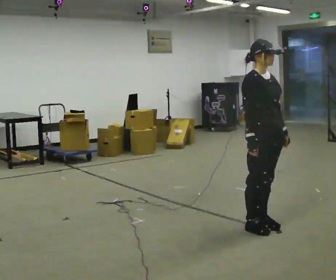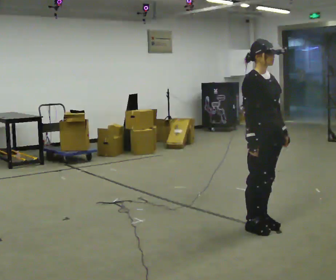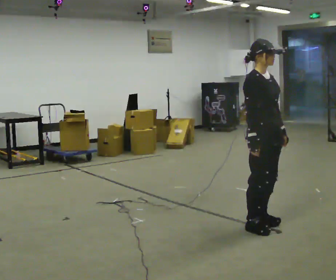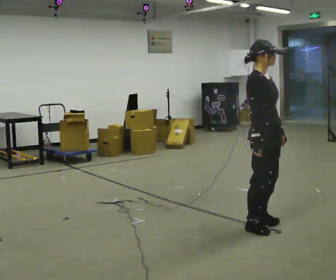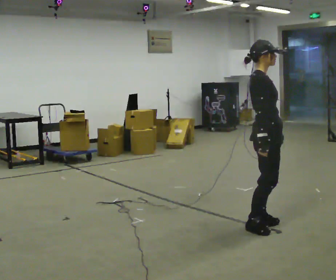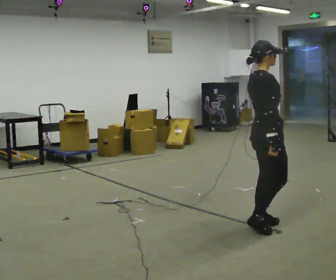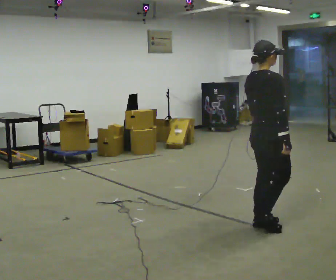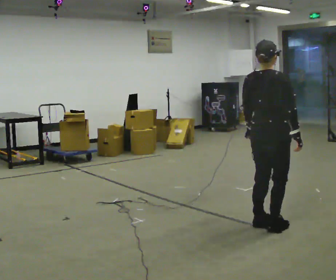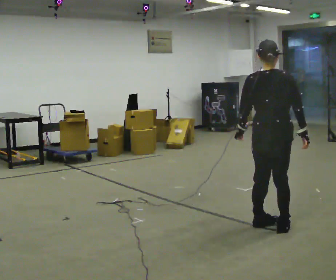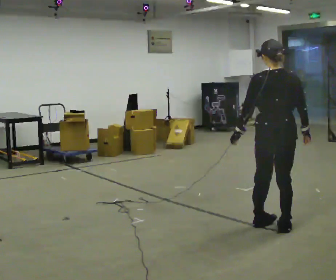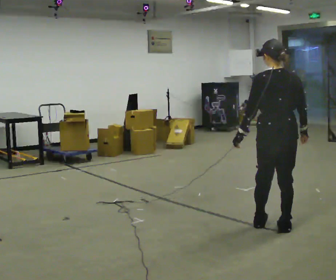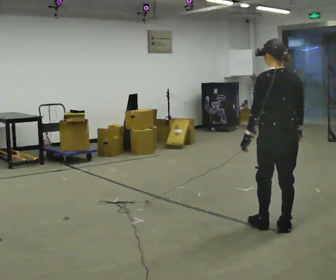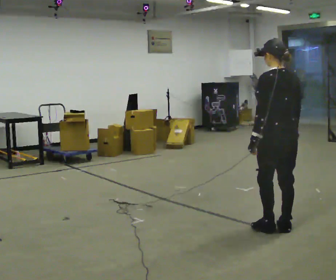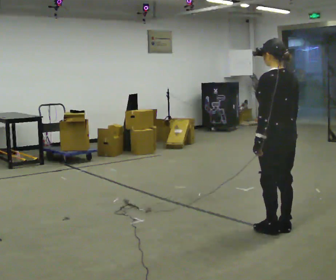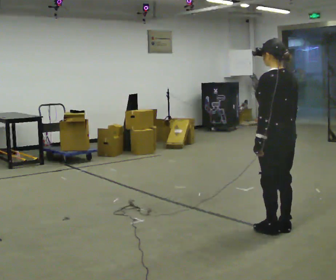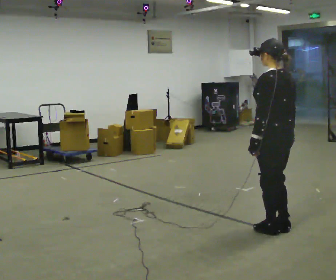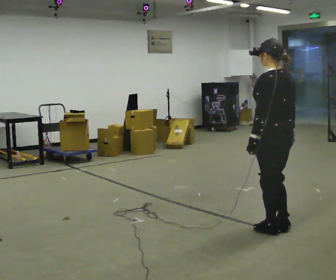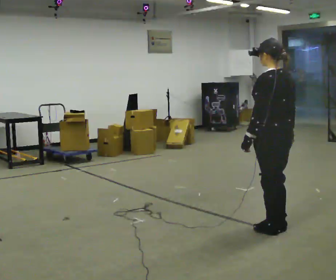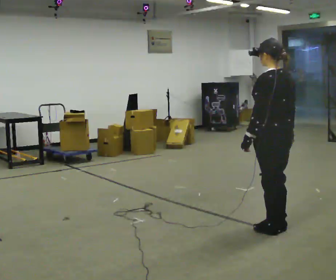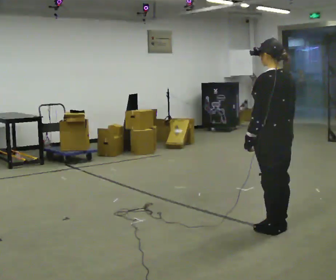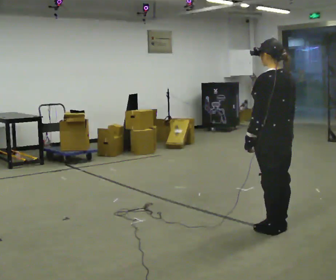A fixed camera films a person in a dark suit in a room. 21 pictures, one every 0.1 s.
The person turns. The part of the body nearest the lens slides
to the right.
The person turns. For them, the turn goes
to their left.
0.0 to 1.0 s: The part of the body nearest the lens slides to the right as the person turns to their left by about 135 degrees. In the picture they go to the right, about 0.25 m in 1 step. In the picture their left hand goes to the left, the arm swinging clockwise.
1.0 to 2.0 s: The part of the body nearest the lens slides to the right as the person turns to their left by about 30 degrees.
The film runs forward here.
